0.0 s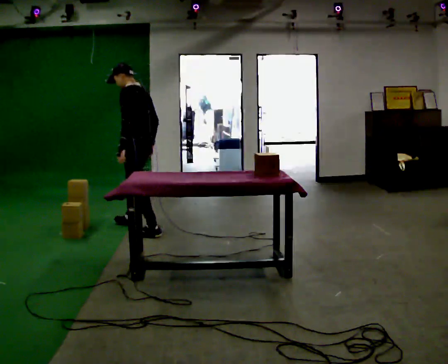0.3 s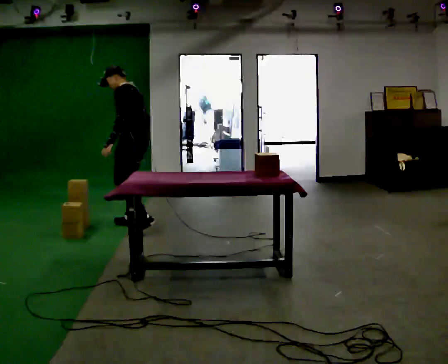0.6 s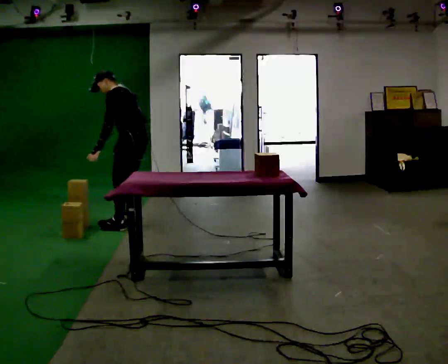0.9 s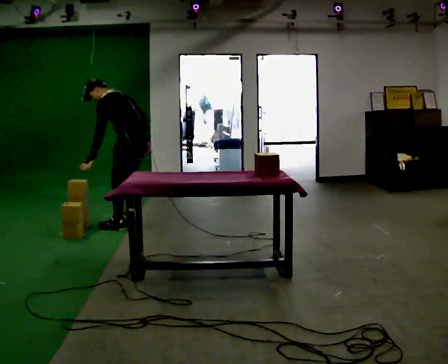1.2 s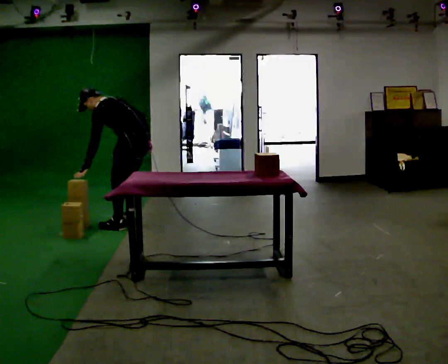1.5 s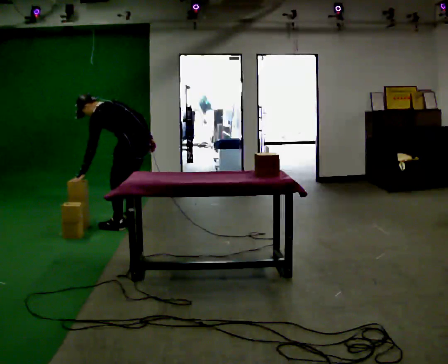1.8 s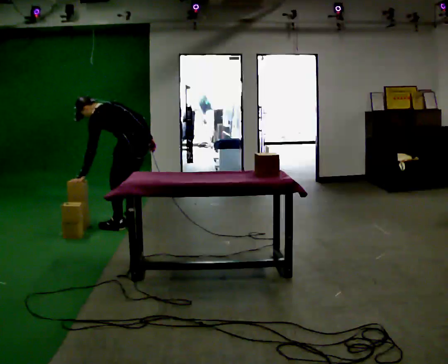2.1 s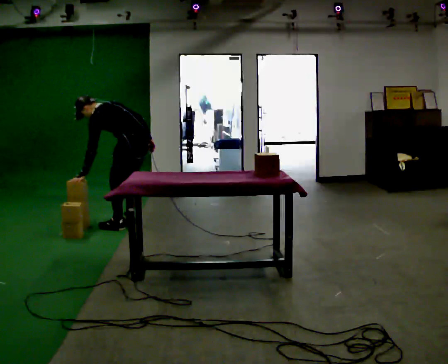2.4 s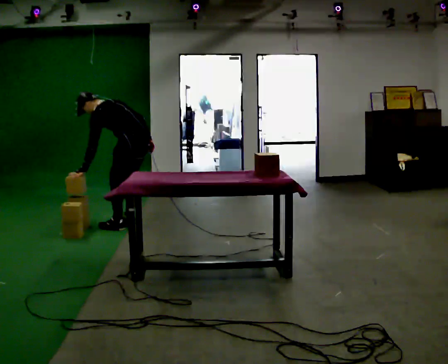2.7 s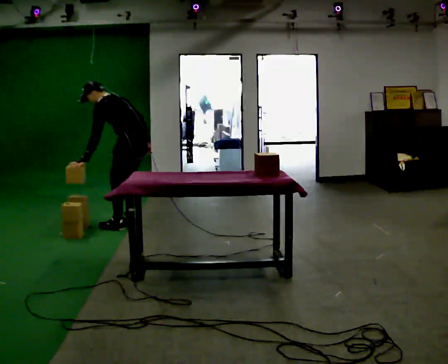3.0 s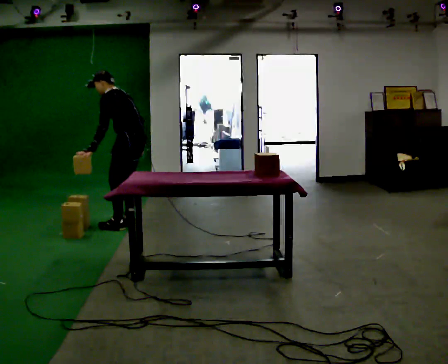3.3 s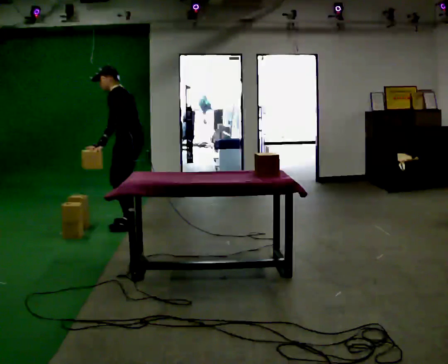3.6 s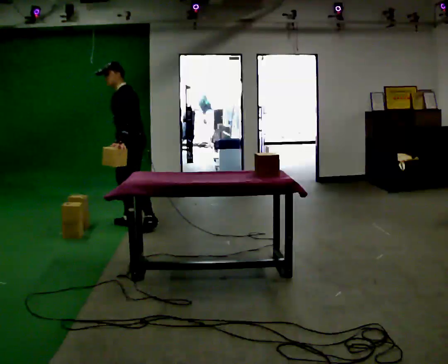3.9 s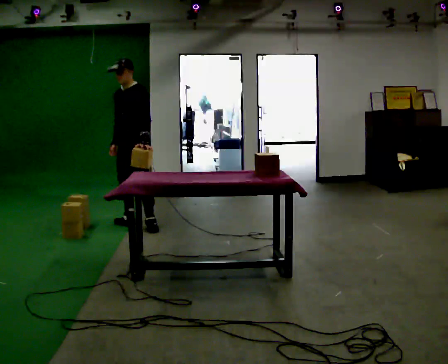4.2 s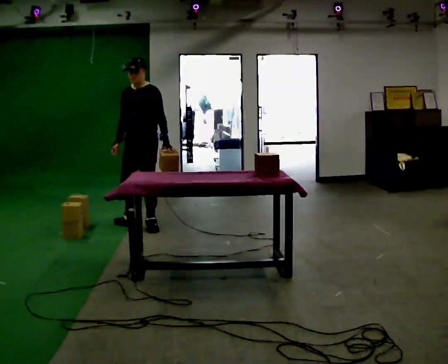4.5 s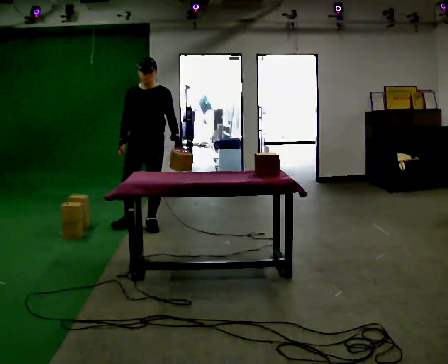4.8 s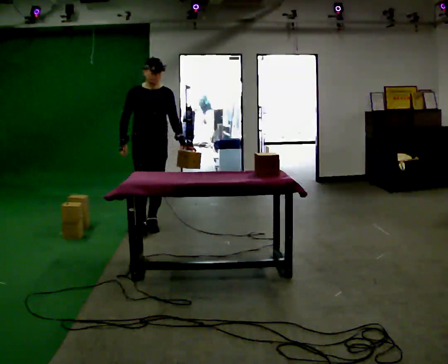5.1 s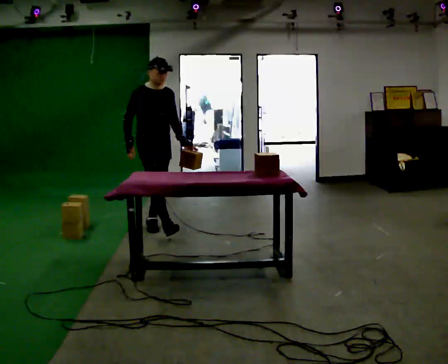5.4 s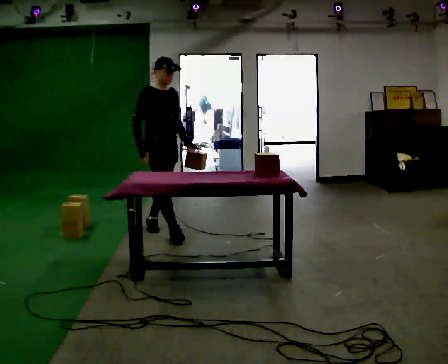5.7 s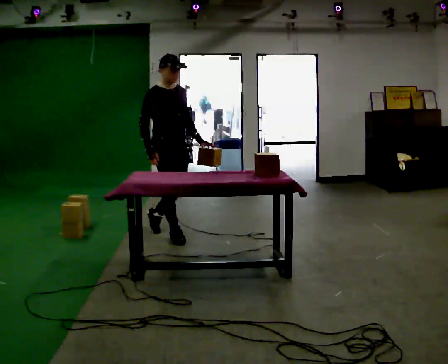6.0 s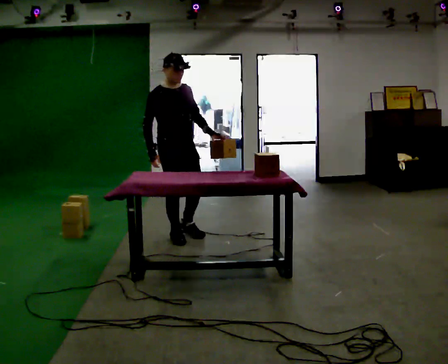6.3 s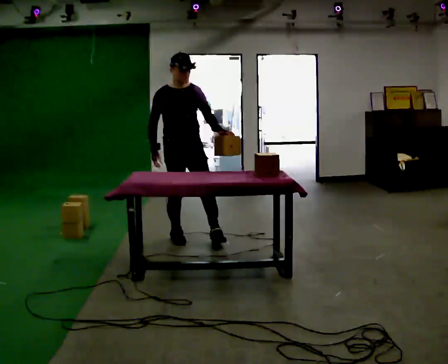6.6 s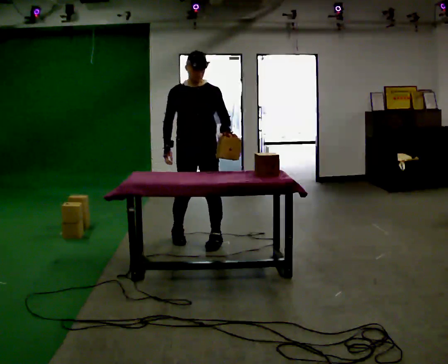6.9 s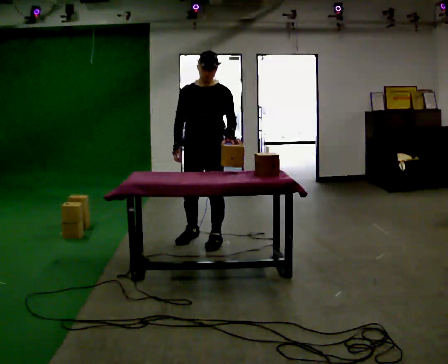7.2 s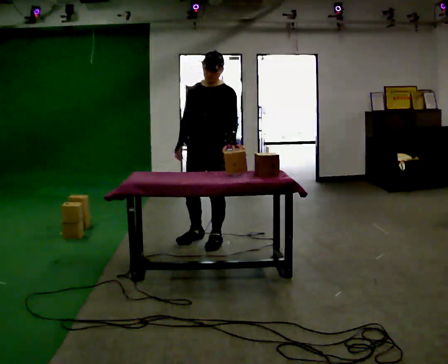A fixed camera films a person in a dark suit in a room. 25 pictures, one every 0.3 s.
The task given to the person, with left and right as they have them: Pick the object up off the floor using only the hand the operator calls, then carry it to the table in that same hand. Keep going until the operator says stop; one object at a time, and do not rush between trips.
0.0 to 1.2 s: In the picture the upper body tilts counterclockwise, shoulders to the left, as they bend forward.
1.2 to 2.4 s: The person moves a little, or ends about where they began.
2.4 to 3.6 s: The part of the body nearest the lens slides to the right as the person turns to their left by about 60 degrees. The upper body goes upward. In the picture the upper body tilts clockwise, shoulders to the right, as they lean back or straighten. In the picture their right hand goes to the left, the arm swinging clockwise.
3.6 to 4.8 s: The person turns about 75 degrees to their left, counterclockwise seen from above, so the part of the body nearest the lens slides to the right. In the picture they go to the right and toward the camera, about 0.25 m in 1 step. In the picture the upper body tilts clockwise, shoulders to the right, as they lean back or straighten. In the picture their left hand goes to the right.
4.8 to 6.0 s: In the picture they go toward the camera and to the right, about 0.5 m in 1 step, which for them is forward.
6.0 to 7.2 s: Seen from above the body turns clockwise, about 60 degrees: to their right, with its near side sliding to the left. In the picture they go to the right and toward the camera, about 0.5 m in 2 steps.
The film runs forward here.
